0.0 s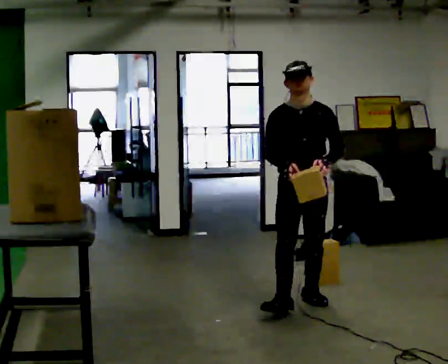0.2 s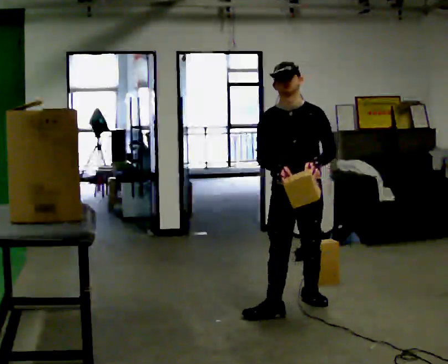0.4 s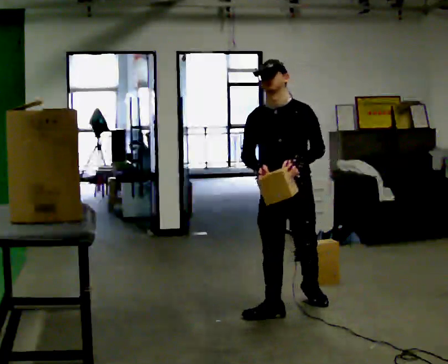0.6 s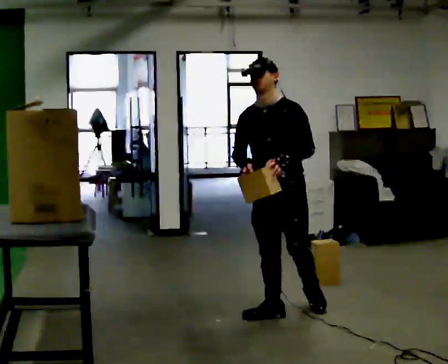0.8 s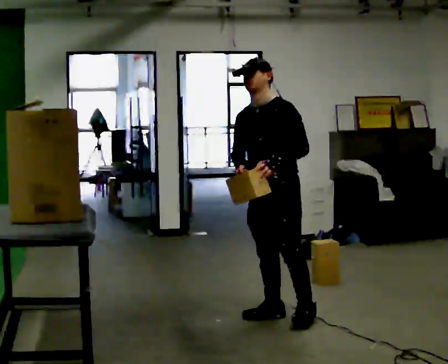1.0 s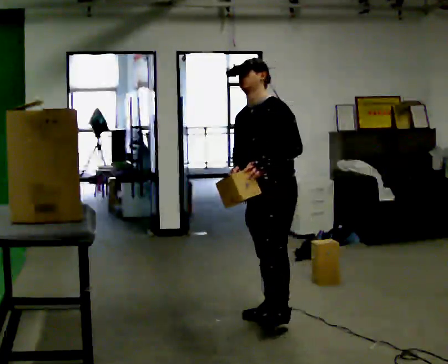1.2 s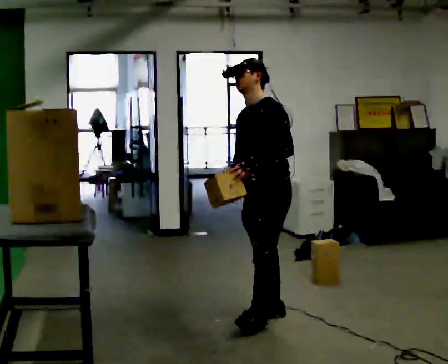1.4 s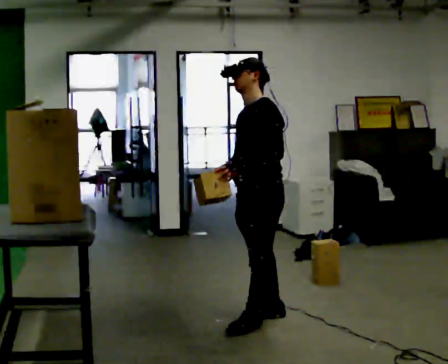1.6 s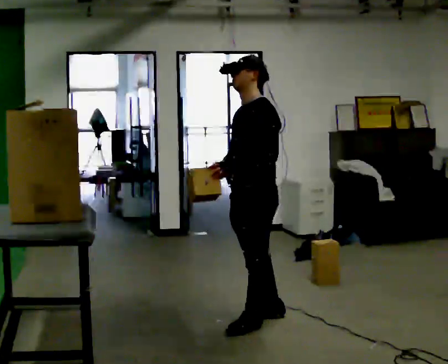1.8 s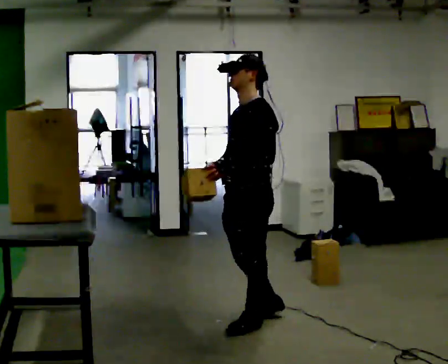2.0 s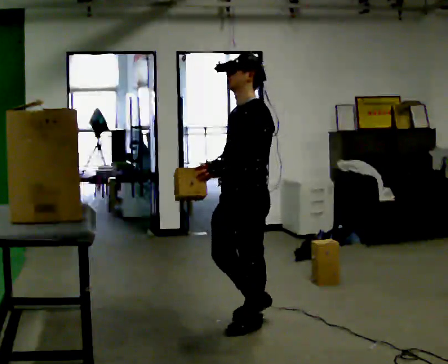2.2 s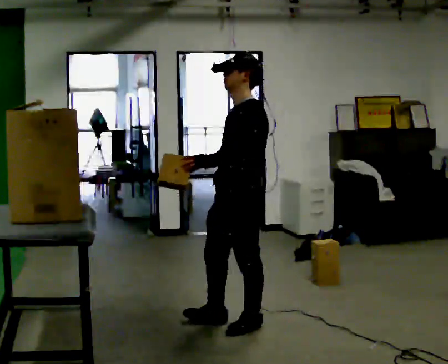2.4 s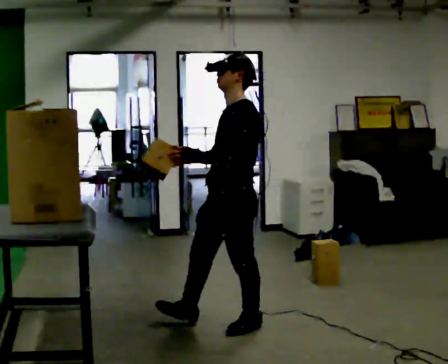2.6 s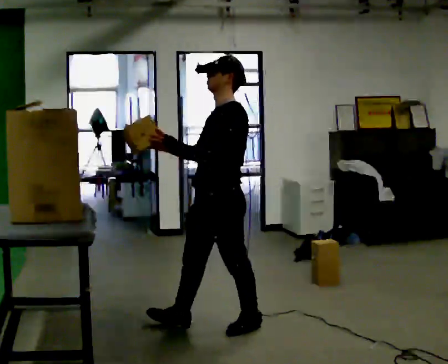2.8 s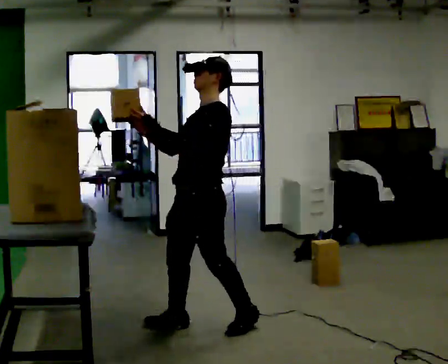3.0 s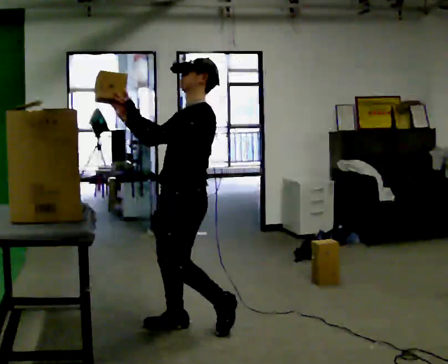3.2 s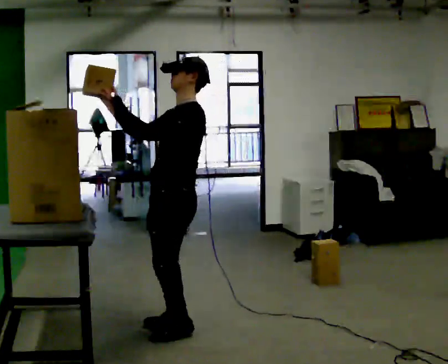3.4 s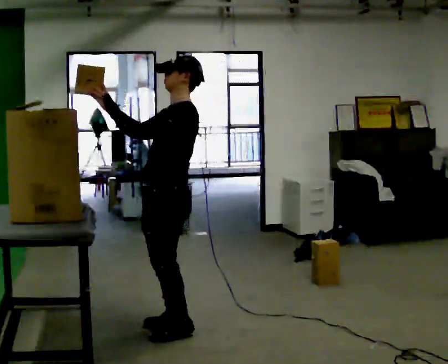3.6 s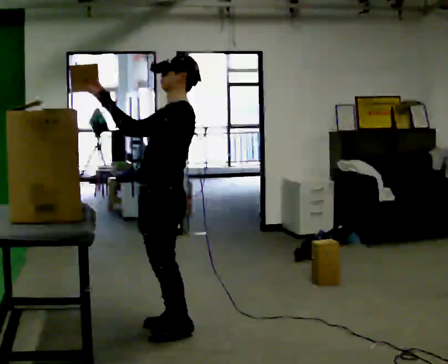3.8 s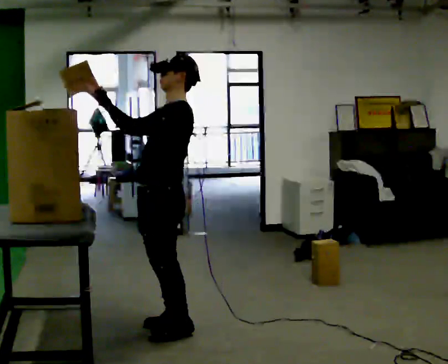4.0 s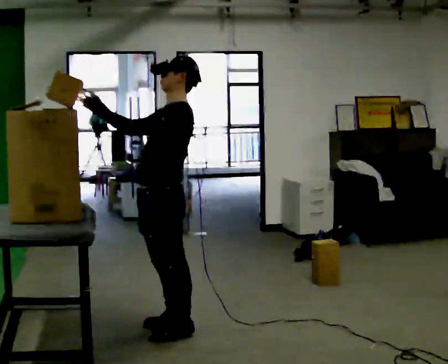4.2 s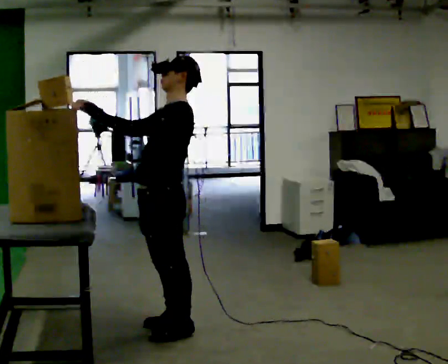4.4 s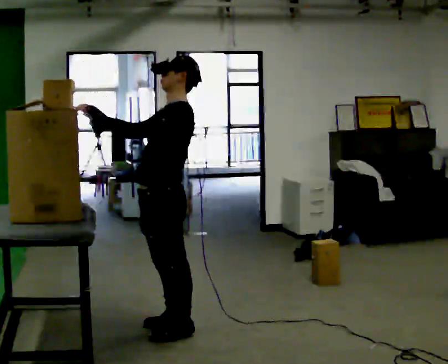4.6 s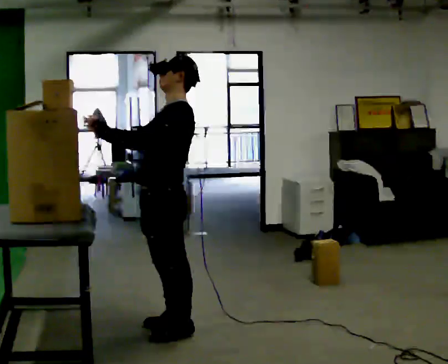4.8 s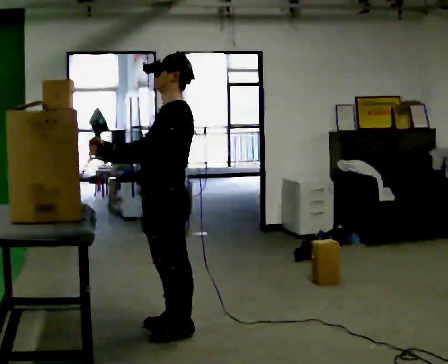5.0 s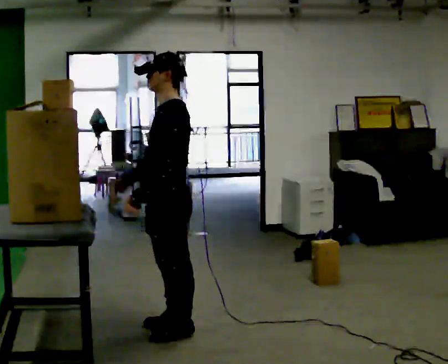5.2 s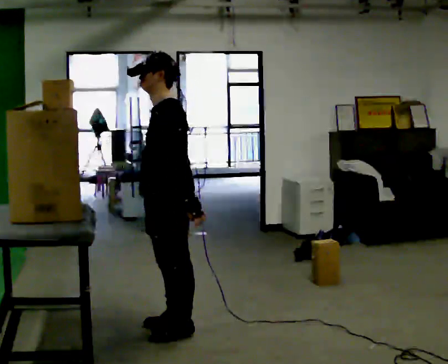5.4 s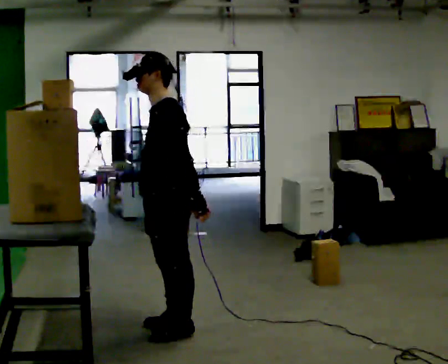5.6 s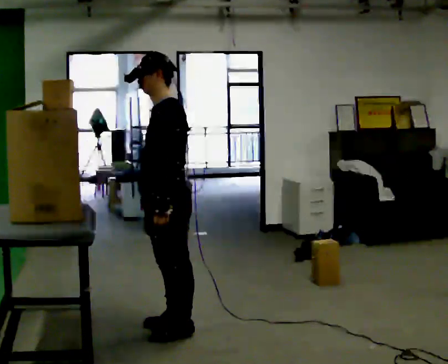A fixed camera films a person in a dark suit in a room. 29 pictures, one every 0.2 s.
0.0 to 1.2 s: The part of the body nearest the lens slides to the left as the person turns to their right by about 60 degrees. In the picture they go toward the camera and to the left, about 0.5 m in 1 step, which for them is forward.
1.2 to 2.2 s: In the picture they go toward the camera and to the left, about 0.25 m in 1 step, which for them is forward and to their left.
2.2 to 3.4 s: In the picture they go to the left, about 0.5 m in 2 steps, which for them is forward and to their right. In the picture their right hand goes upward, the arm swinging clockwise.
3.4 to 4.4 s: The person moves a little, or ends about where they began.
4.4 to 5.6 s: In the picture their right hand goes downward.
The film runs forward here.
